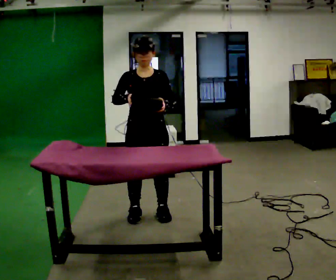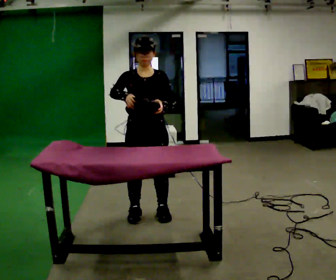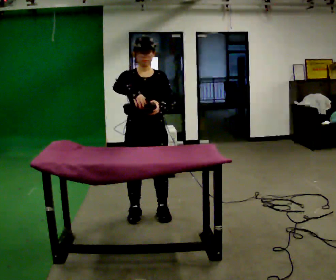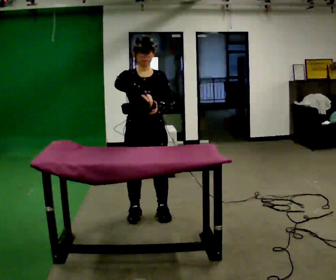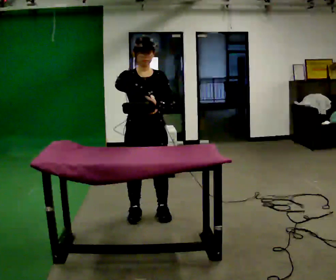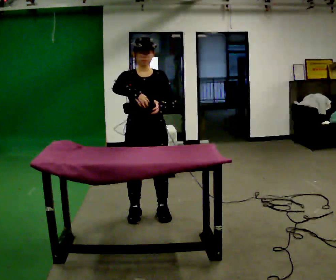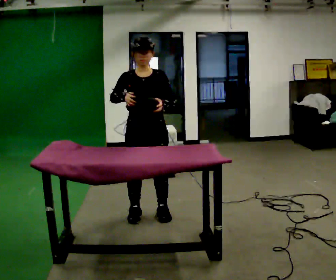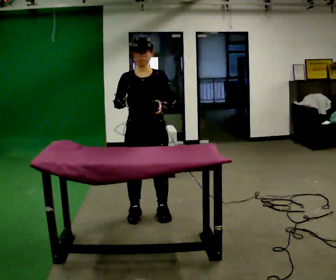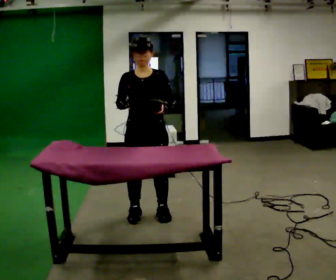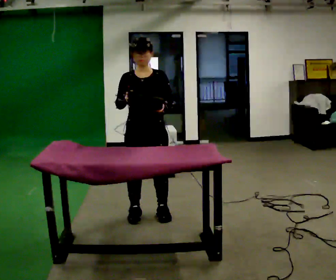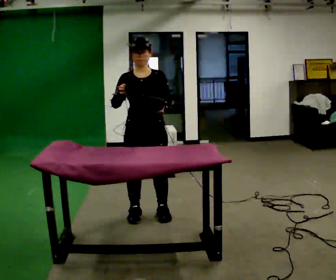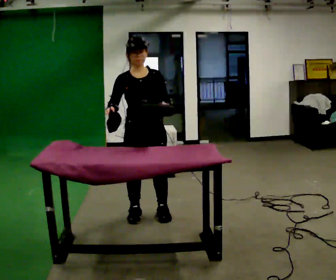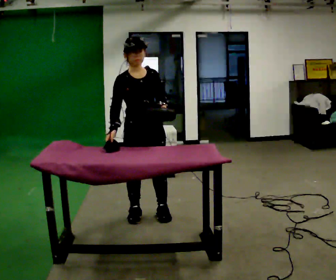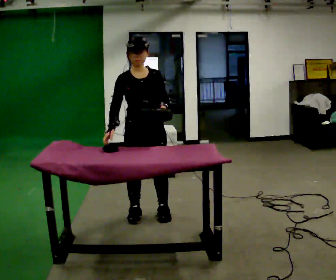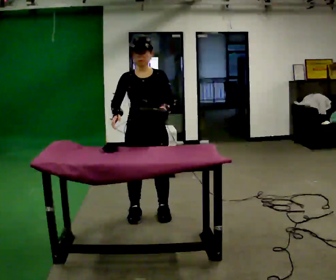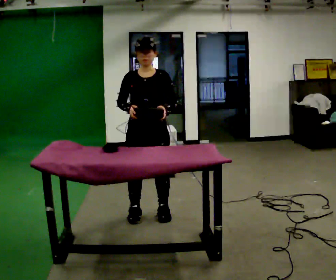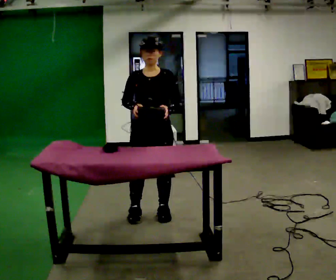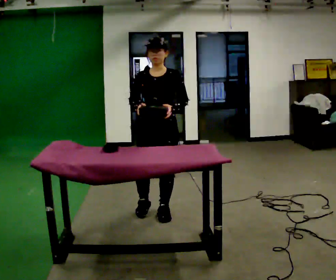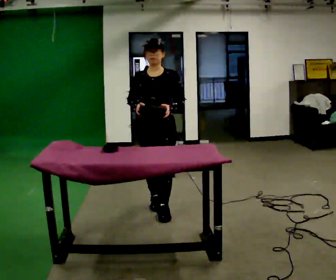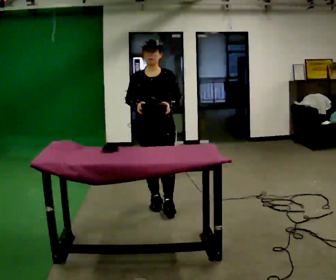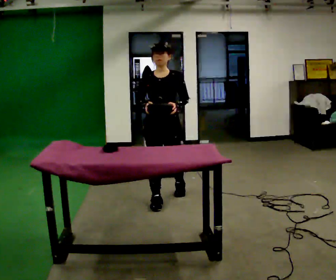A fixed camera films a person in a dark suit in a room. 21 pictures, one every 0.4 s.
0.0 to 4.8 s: The person moves a little, or ends about where they began.
4.8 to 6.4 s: Seen from above the body turns clockwise, about 30 degrees: to their right, with its near side sliding to the left.
6.4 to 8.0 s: In the picture they go away from the camera, about 0.5 m in 2 steps, which for them is backward.
The film runs backward here.
